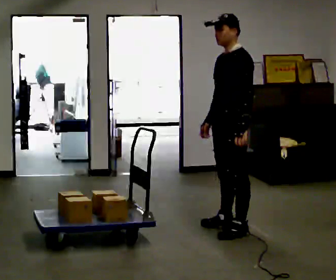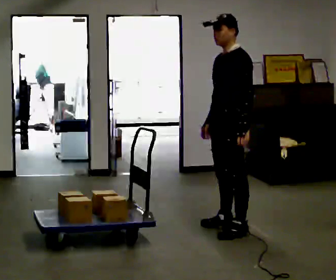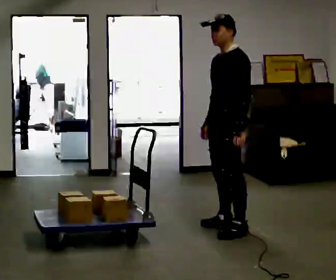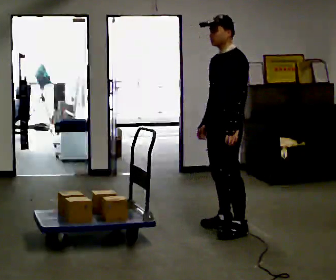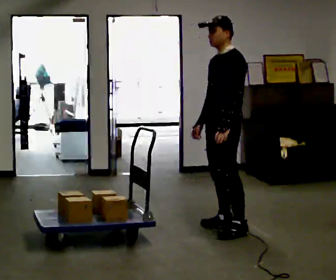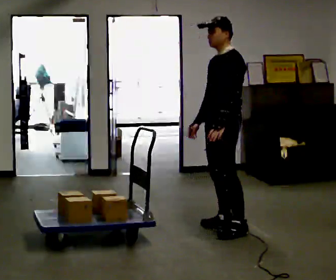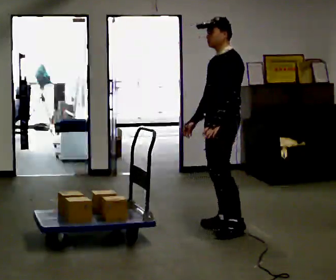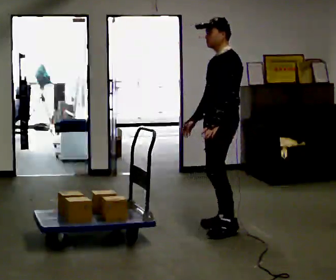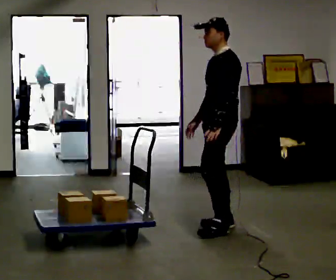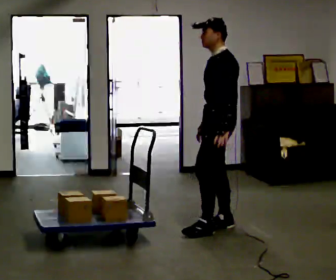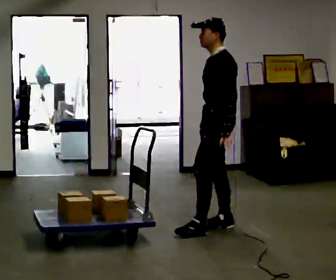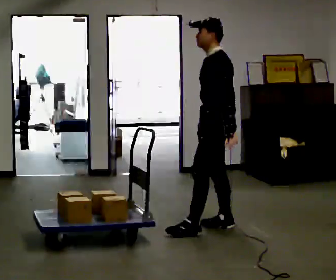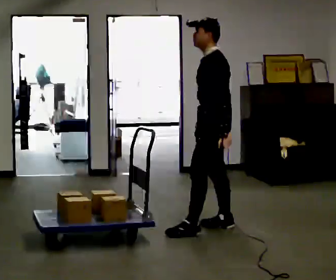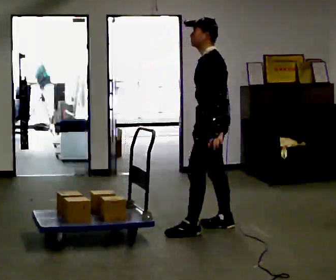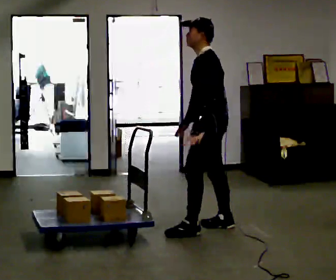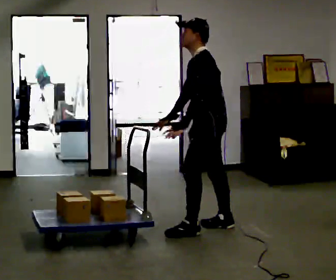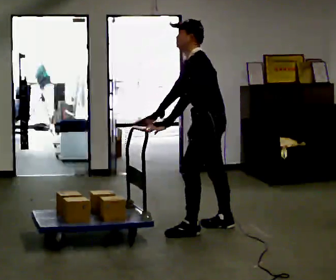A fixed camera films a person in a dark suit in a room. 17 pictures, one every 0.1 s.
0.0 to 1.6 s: In the picture they go to the left, about 0.25 m in 1 step, which for them is forward. In the picture the upper body tilts counterclockwise, shoulders to the left, as they bend forward. In the picture their left hand goes to the left.
The film runs backward here.
